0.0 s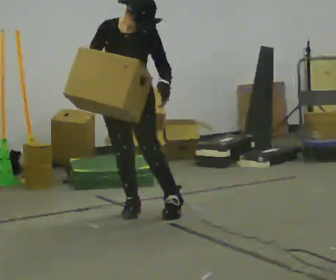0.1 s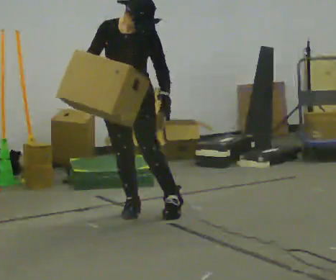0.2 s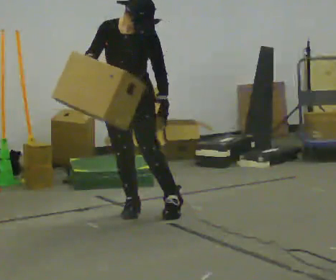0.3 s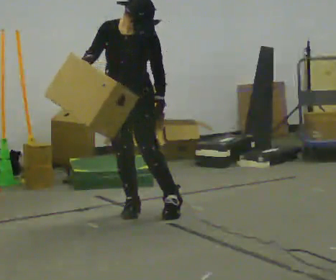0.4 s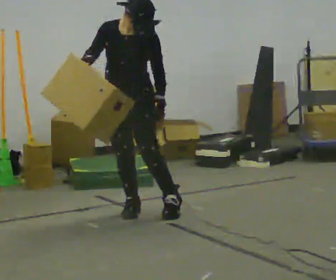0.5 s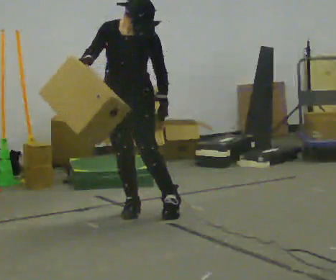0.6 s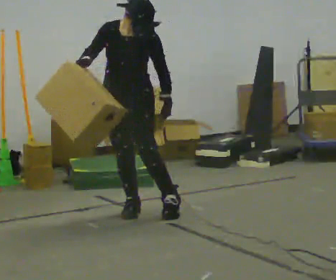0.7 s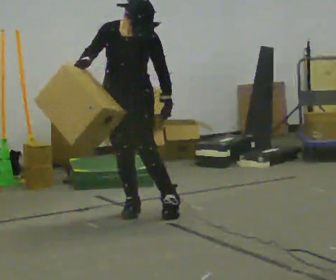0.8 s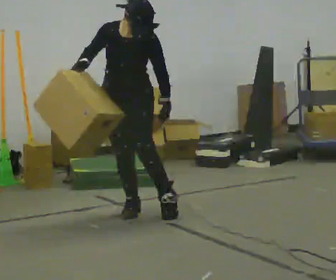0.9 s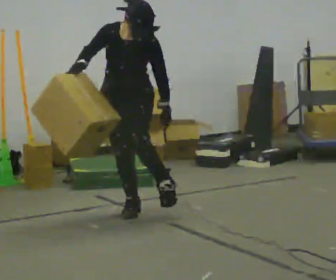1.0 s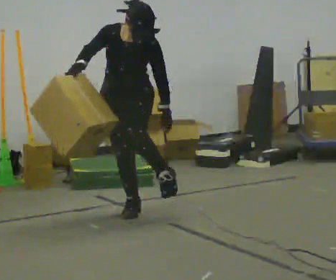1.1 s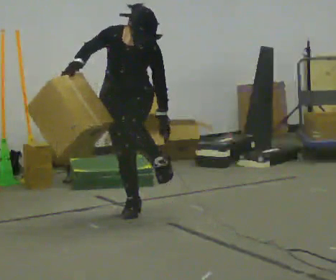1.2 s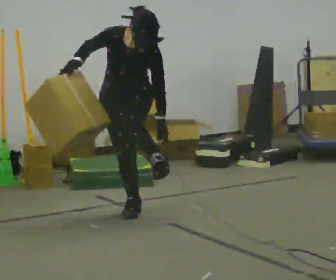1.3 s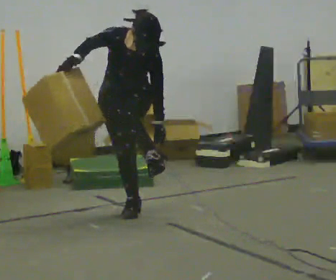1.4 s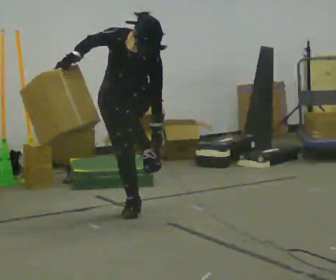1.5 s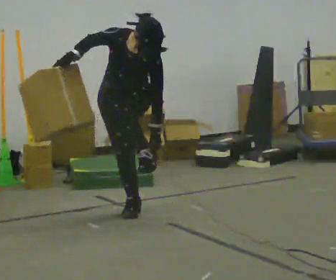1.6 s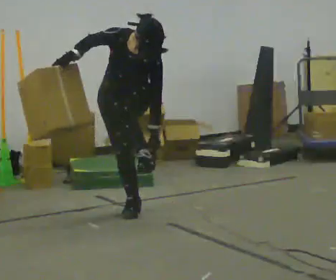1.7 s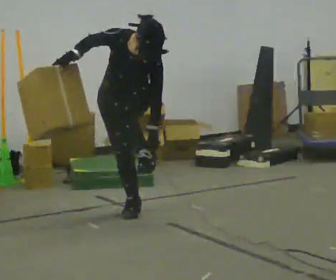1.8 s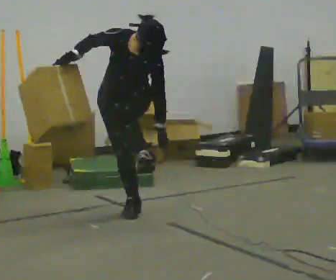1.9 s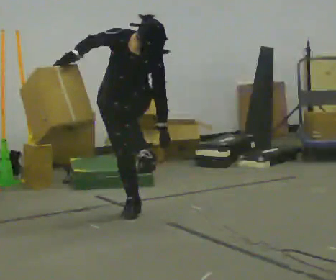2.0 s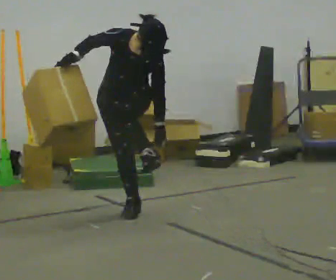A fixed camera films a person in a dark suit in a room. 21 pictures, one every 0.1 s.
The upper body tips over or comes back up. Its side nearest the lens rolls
downward.
0.0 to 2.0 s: The upper body tips toward the camera, its near side rolling downward, as they bend forward.
The film runs forward here.
